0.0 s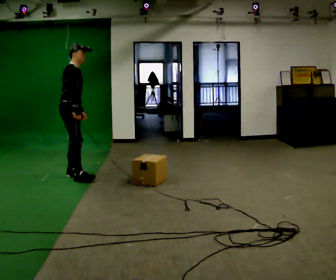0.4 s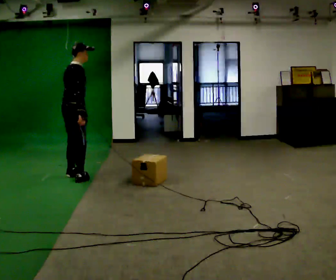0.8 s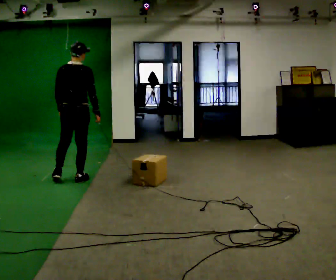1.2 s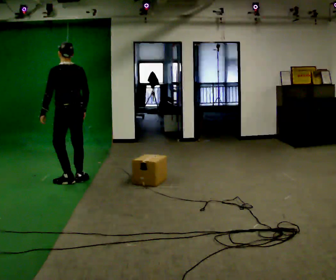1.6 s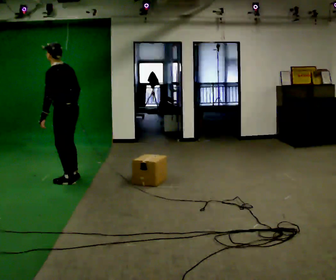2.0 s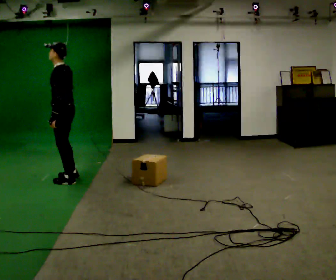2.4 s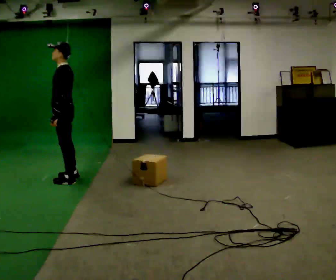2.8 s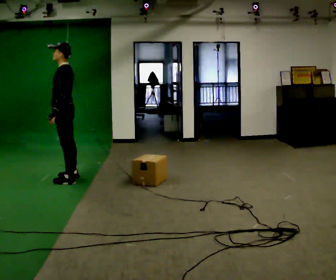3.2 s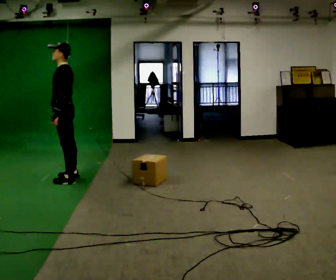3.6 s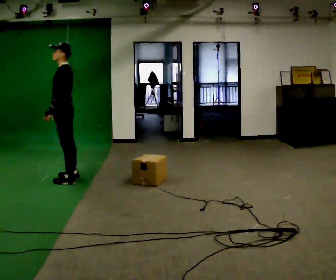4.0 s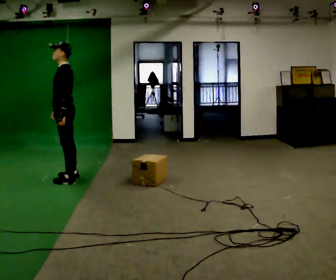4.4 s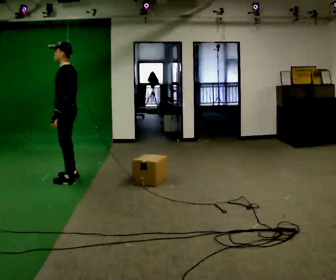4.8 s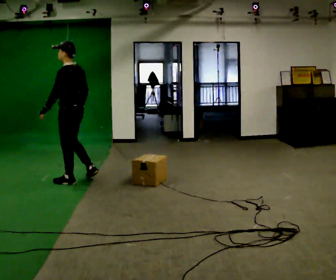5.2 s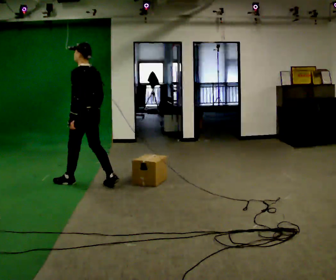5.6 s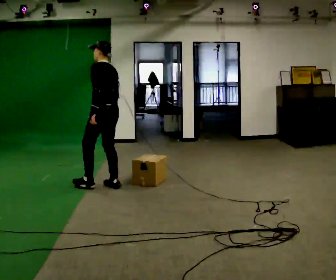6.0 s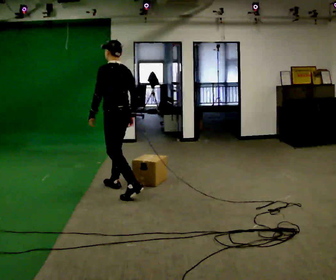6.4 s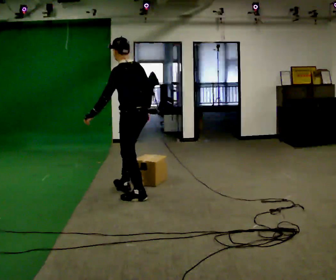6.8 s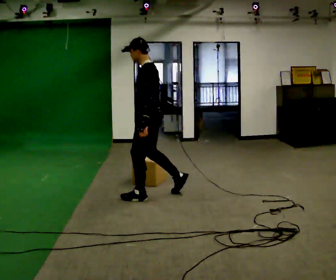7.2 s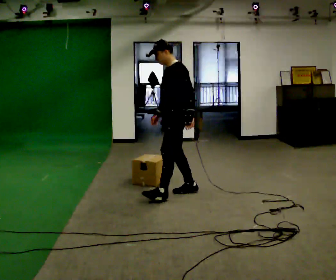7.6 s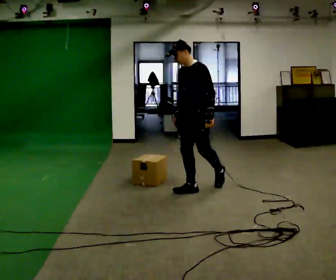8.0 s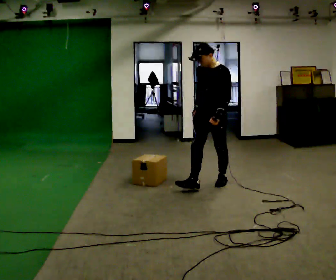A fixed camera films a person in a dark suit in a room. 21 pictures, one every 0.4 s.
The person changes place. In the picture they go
to the right.
The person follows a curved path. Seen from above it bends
counterclockwise.
0.0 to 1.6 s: The part of the body nearest the lens slides to the right as the person turns to their left by about 150 degrees. In the picture they go toward the camera, about 0.25 m in 2 steps. In the picture the upper body tilts counterclockwise, shoulders to the left.
1.6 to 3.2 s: The part of the body nearest the lens slides to the right as the person turns to their left by about 30 degrees.
3.2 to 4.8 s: In the picture they go toward the camera, about 0.25 m in 1 step, which for them is to their left.
4.8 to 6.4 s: In the picture they go to the right and toward the camera, about 1 m in 2 steps, which for them is backward.
6.4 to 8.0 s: The part of the body nearest the lens slides to the right as the person turns to their left by about 75 degrees. In the picture they go to the right, about 1 m in 2 steps.
The film runs backward here.
